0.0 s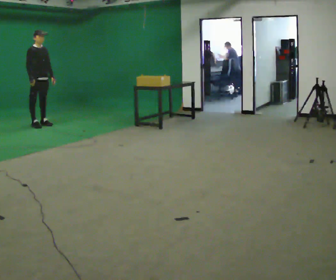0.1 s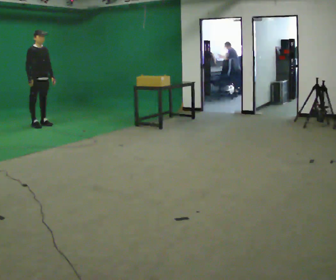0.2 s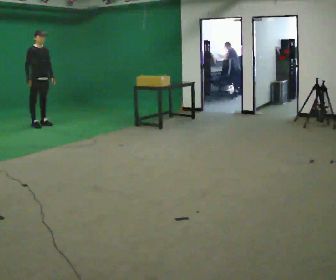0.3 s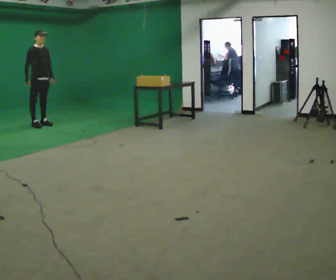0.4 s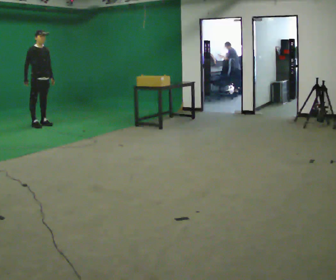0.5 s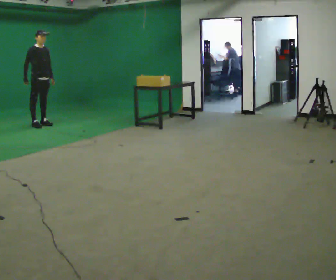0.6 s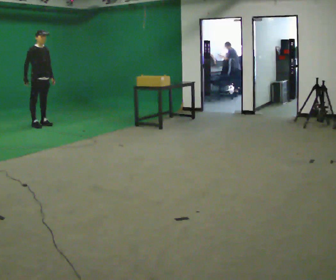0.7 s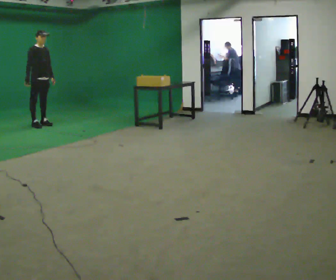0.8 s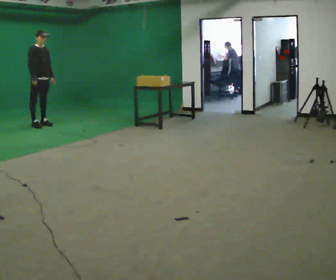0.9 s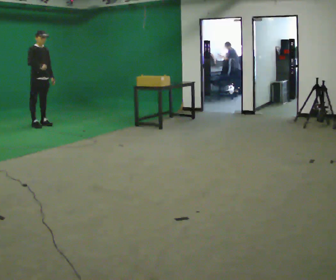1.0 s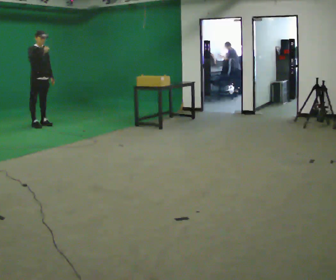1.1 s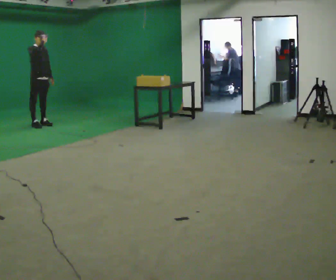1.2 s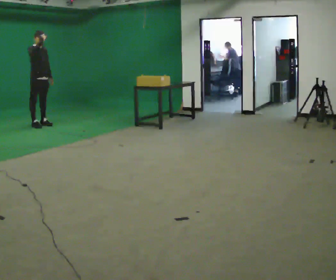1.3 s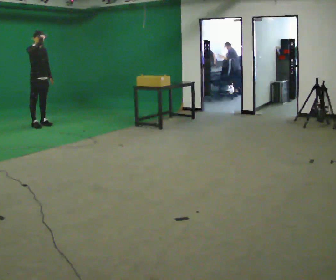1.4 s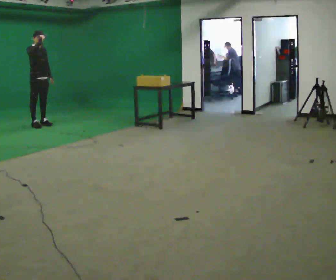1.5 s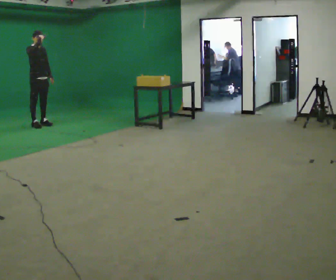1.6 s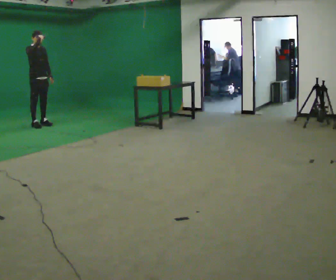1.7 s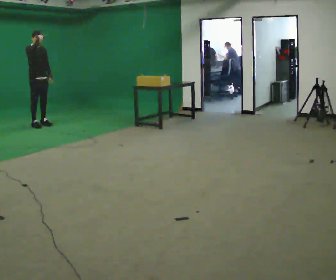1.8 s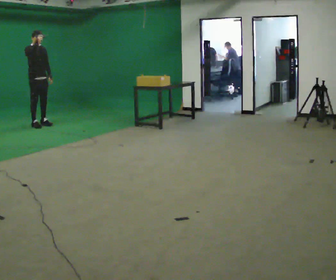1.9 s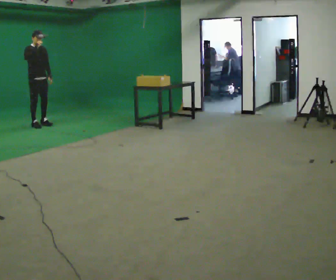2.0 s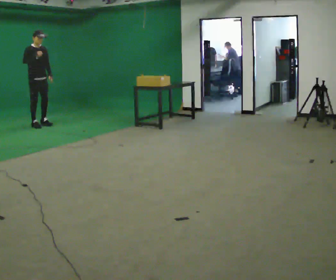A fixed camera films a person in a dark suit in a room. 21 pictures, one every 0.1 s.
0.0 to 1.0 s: In the picture their right hand goes upward.
1.0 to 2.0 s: The person moves a little, or ends about where they began.
The film runs backward here.
